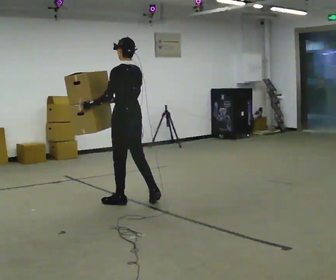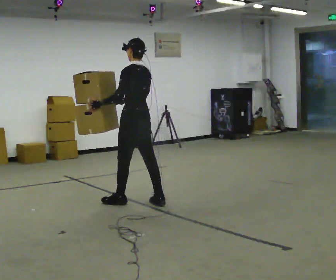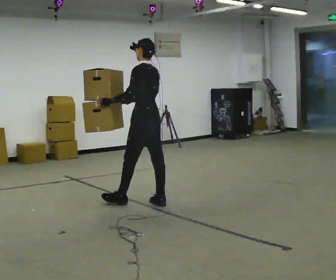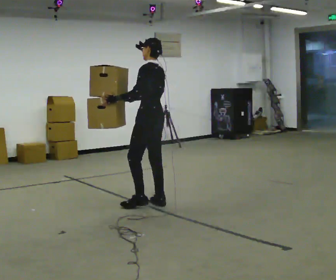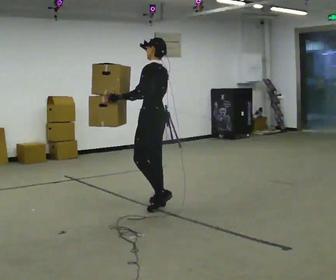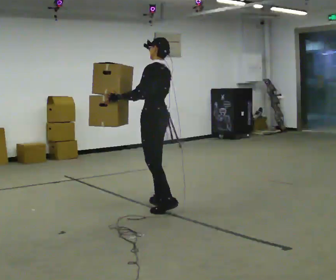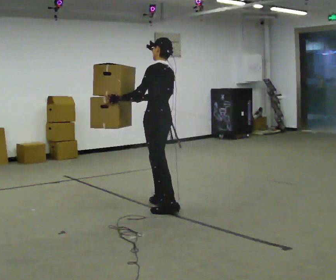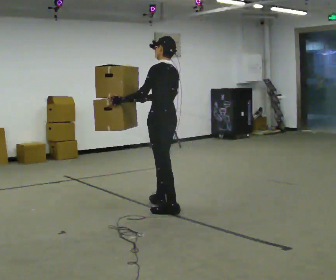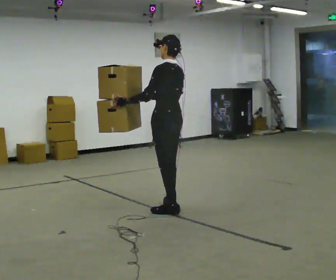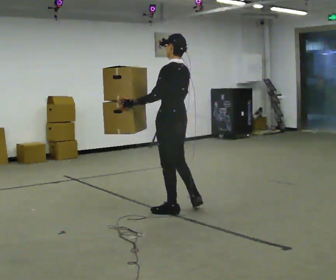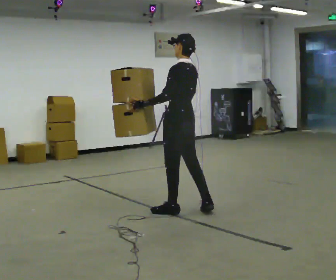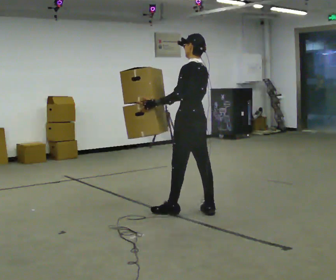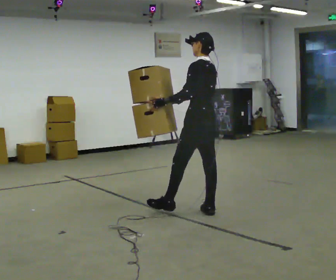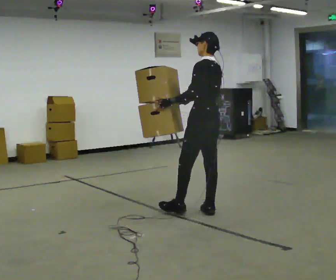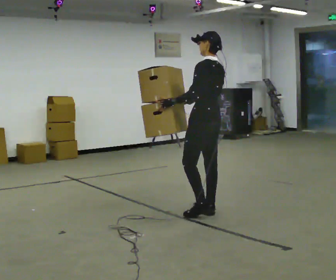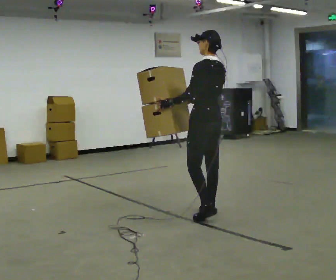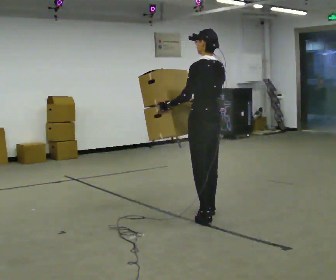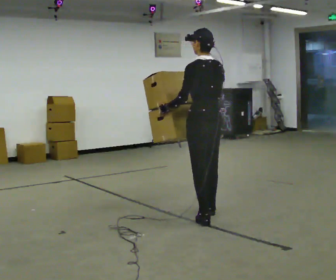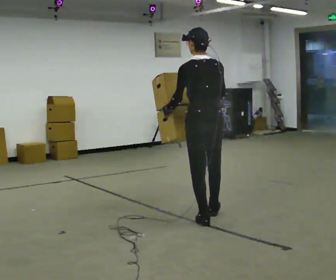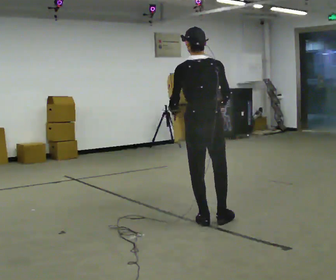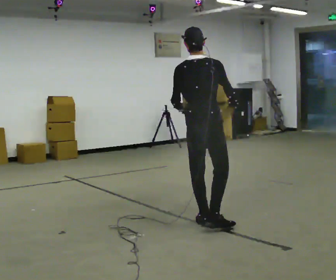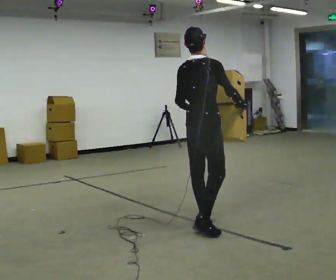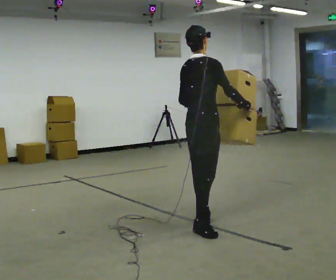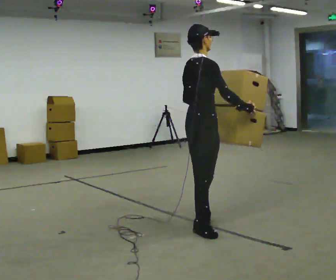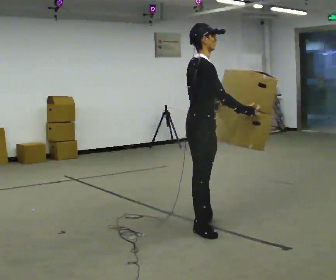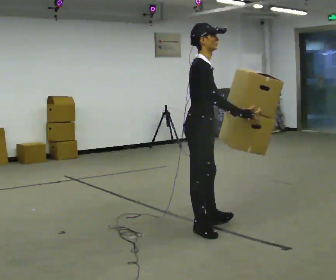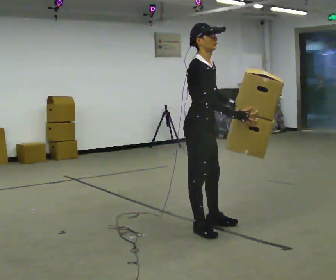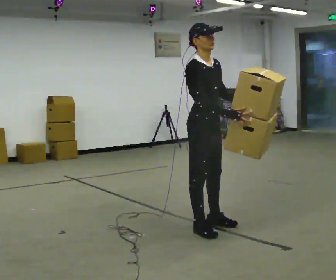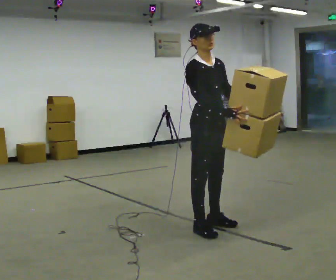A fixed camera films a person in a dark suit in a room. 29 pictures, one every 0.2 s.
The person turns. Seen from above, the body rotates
clockwise.
The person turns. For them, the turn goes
to their right.
0.0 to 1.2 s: In the picture they go to the right, about 0.25 m in 1 step, which for them is backward.
1.2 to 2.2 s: In the picture they go to the right and toward the camera, about 0.25 m in 1 step, which for them is backward.
2.2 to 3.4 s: In the picture they go toward the camera and to the right, about 0.25 m in 1 step, which for them is backward.
3.4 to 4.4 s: Seen from above the body turns clockwise, about 90 degrees: to their right, with its near side sliding to the left. In the picture they go toward the camera, about 0.25 m in 1 step.
4.4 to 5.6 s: Seen from above the body turns clockwise, about 75 degrees: to their right, with its near side sliding to the left.
The film runs backward here.
